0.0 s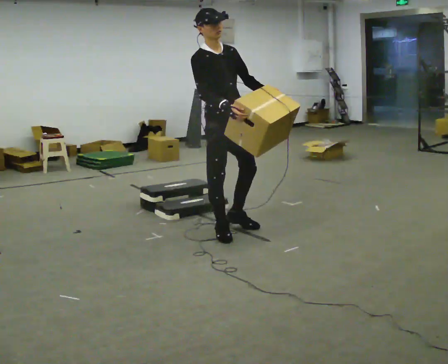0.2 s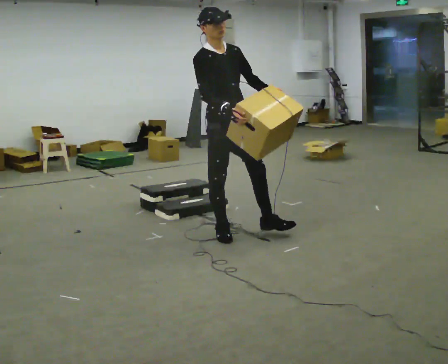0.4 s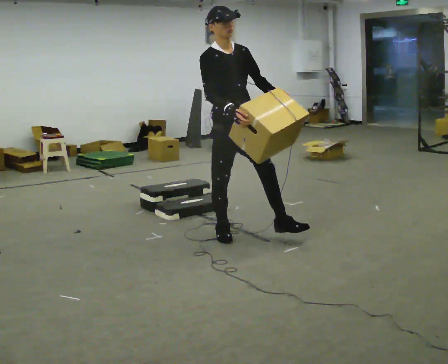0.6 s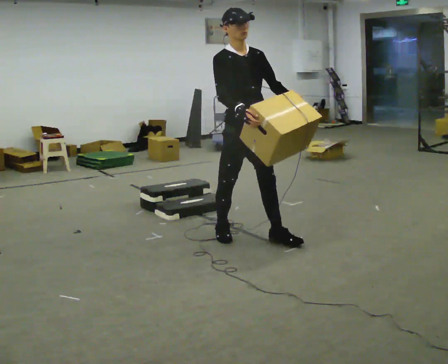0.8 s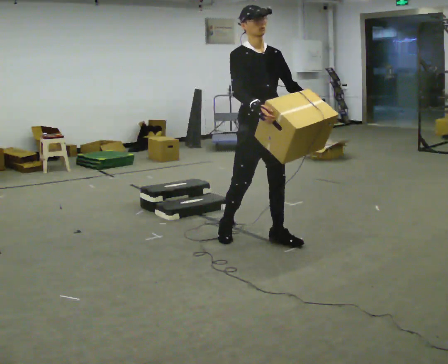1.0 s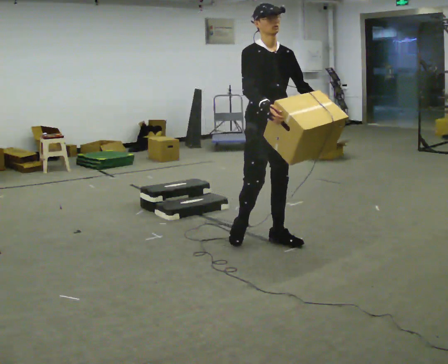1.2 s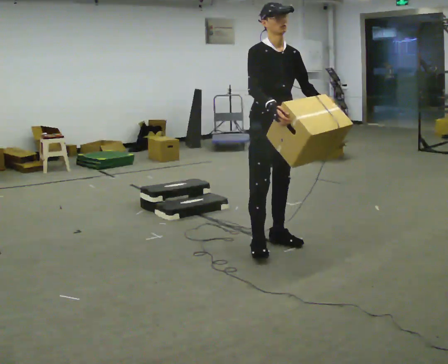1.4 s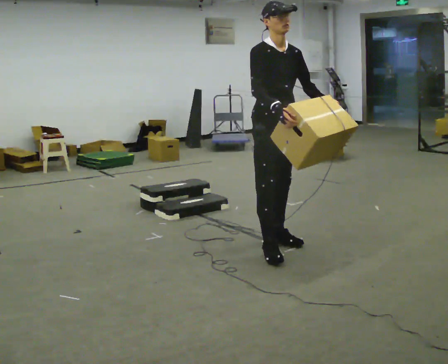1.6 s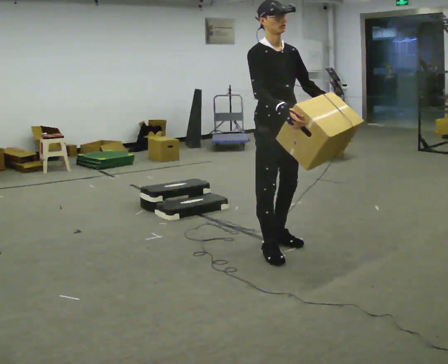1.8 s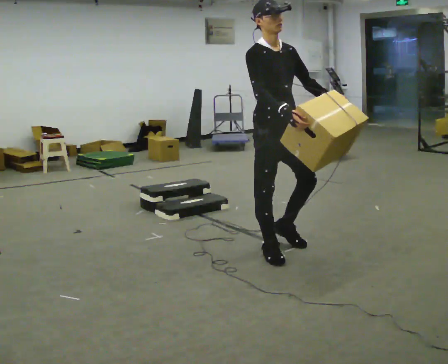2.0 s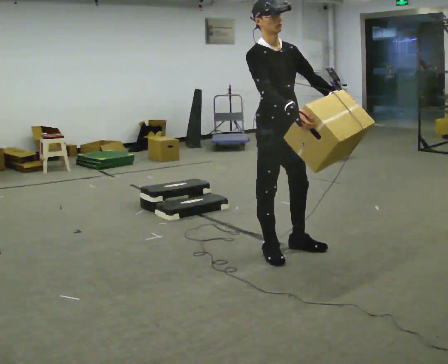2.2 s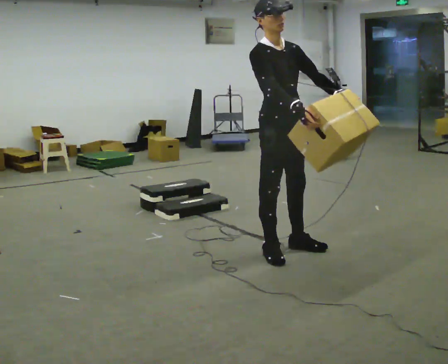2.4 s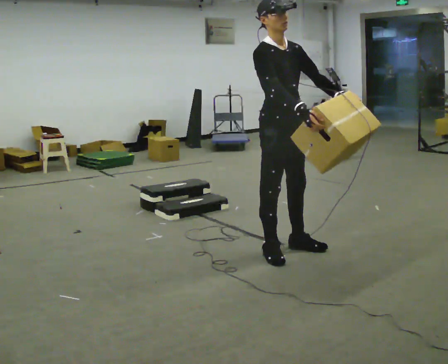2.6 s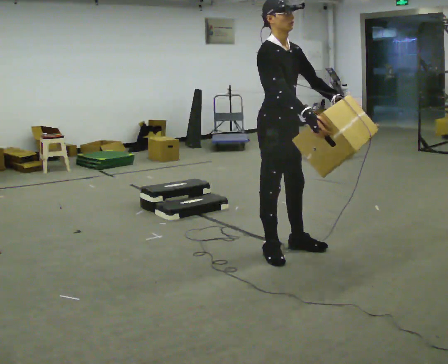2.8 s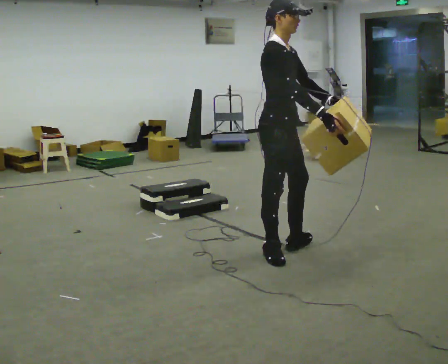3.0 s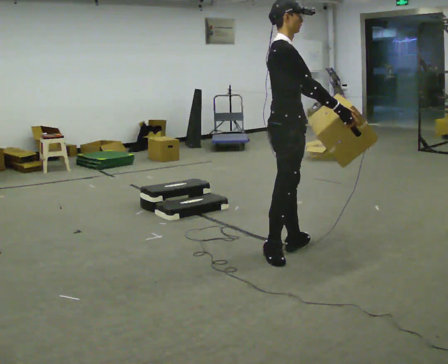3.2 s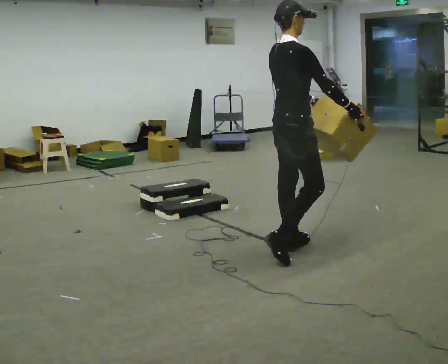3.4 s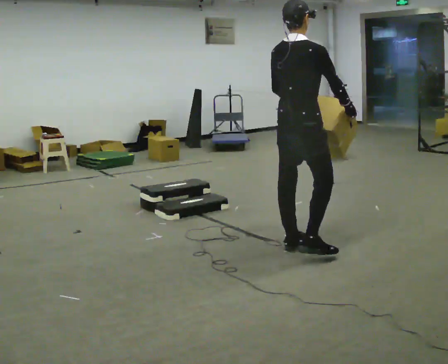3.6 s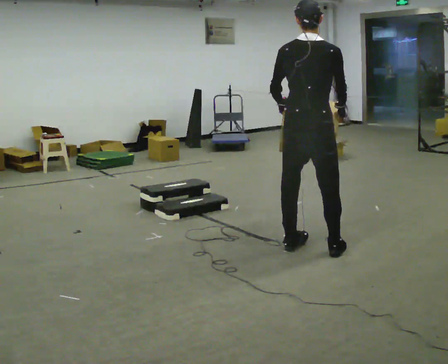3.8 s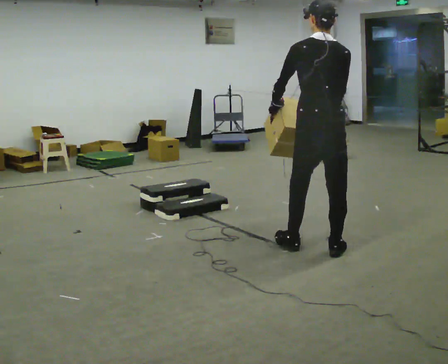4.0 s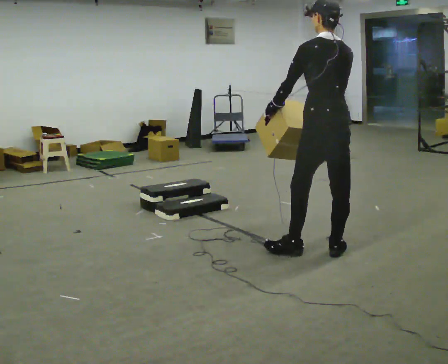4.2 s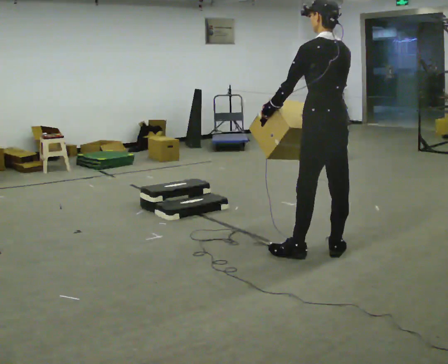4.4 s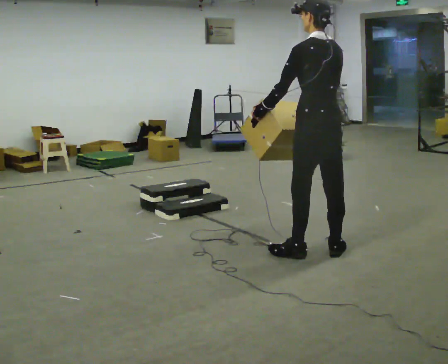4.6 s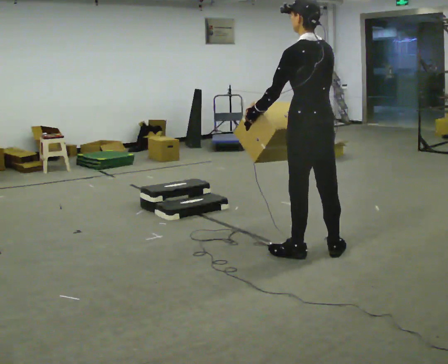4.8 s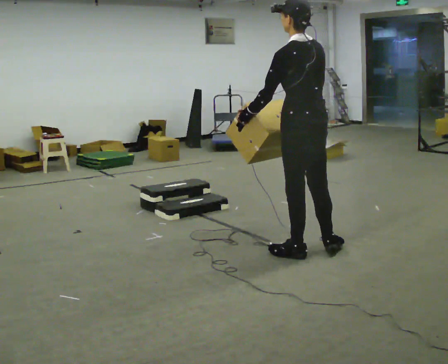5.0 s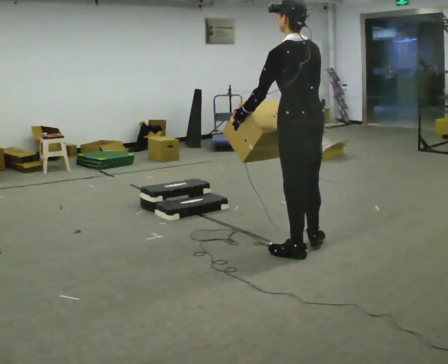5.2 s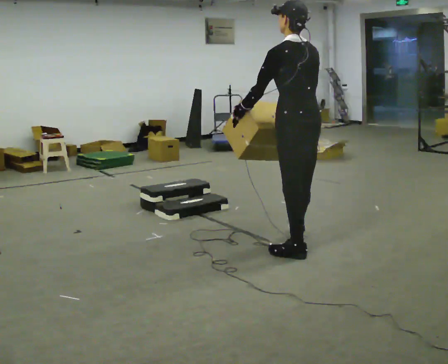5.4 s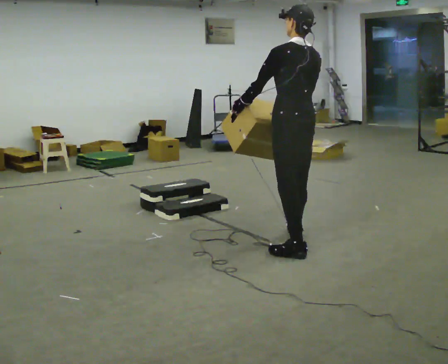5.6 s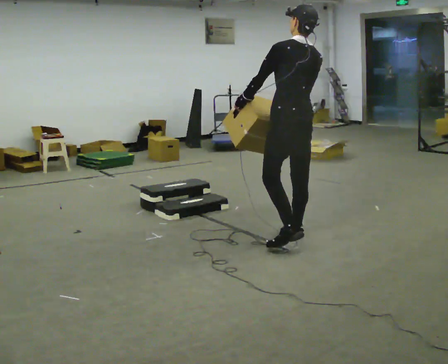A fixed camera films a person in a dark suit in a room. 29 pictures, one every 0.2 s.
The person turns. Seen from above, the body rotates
counterclockwise.
The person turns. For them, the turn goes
to their left.
0.0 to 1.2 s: In the picture they go to the right and toward the camera, about 0.5 m in 1 step, which for them is forward and to their left.
1.2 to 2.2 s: In the picture they go toward the camera, about 0.25 m in 2 steps, which for them is forward.
2.2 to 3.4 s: Seen from above the body turns counterclockwise, about 105 degrees: to their left, with its near side sliding to the right. In the picture their left hand goes to the left, the arm swinging clockwise.
3.4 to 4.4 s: Seen from above the body turns counterclockwise, about 75 degrees: to their left, with its near side sliding to the right. In the picture they go to the right, about 0.25 m in 2 steps.
4.4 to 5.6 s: In the picture they go away from the camera and to the left, about 0.25 m in 1 step, which for them is forward.
The film runs forward here.
